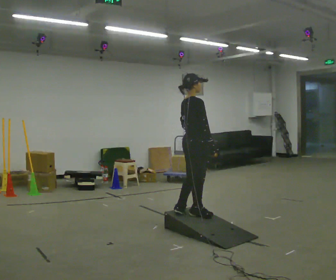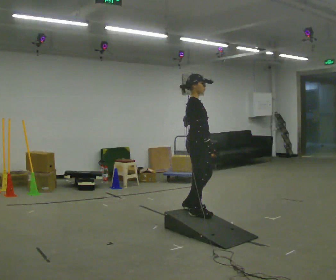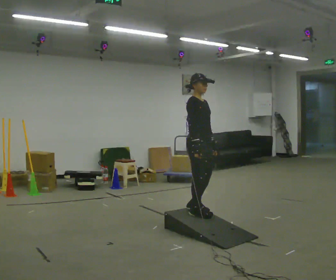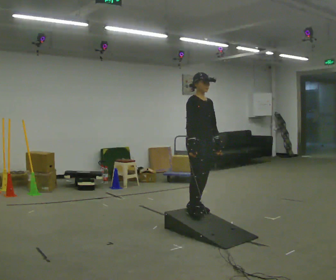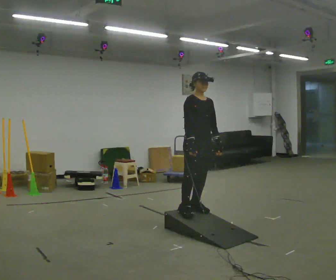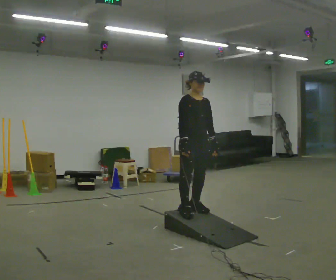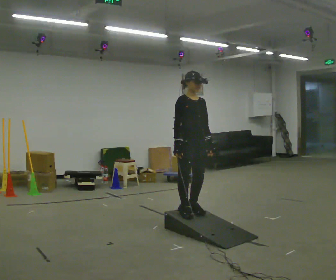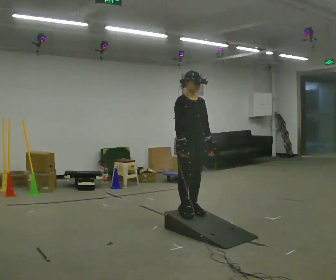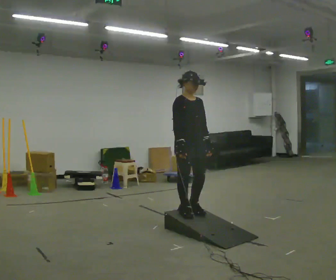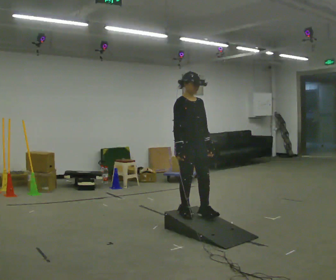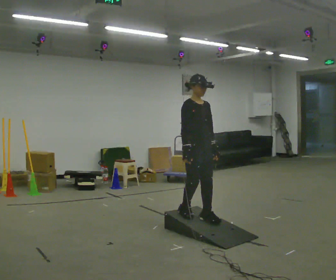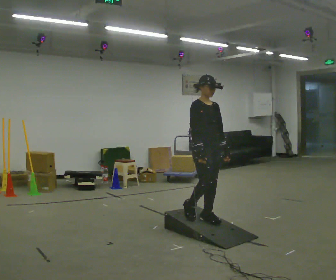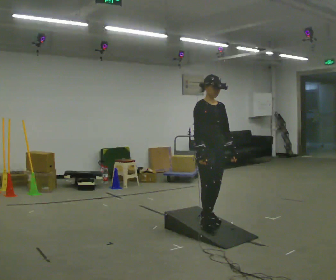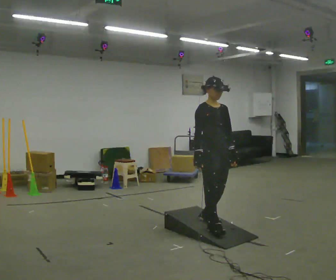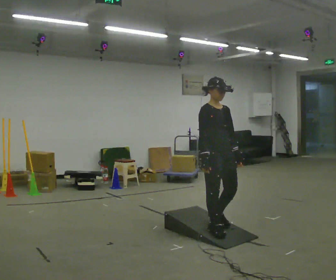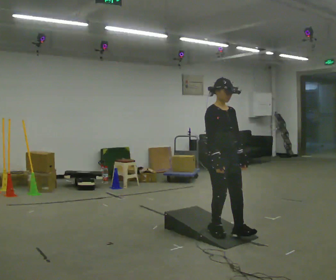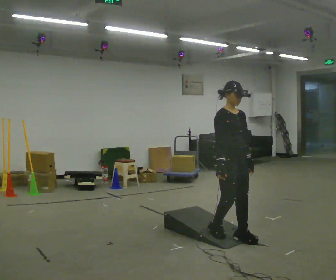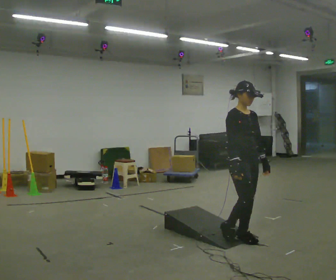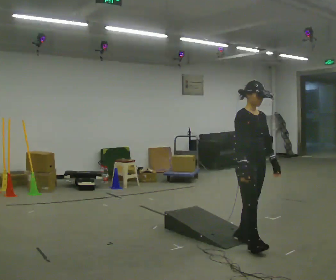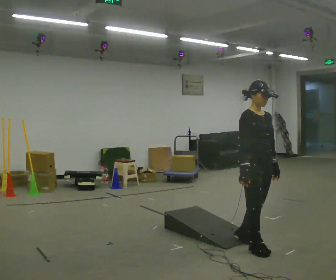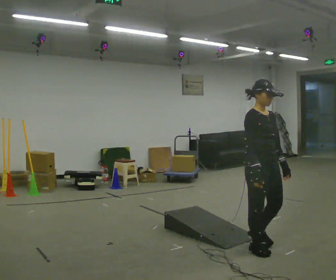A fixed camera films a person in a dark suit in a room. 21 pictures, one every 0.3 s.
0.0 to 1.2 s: The person turns about 75 degrees to their right, clockwise seen from above, so the part of the body nearest the lens slides to the left.
1.2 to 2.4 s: The person moves a little, or ends about where they began.
2.4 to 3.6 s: In the picture they go to the right, about 0.25 m in 1 step, which for them is forward.
3.6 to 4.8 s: In the picture they go toward the camera and to the right, about 0.25 m in 2 steps, which for them is forward.
4.8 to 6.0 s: In the picture they go toward the camera and to the right, about 0.5 m in 1 step, which for them is forward.
The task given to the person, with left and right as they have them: Walk up the ramp, turn at the top, and walk back down at a comfortable speed.
The film runs forward here.
